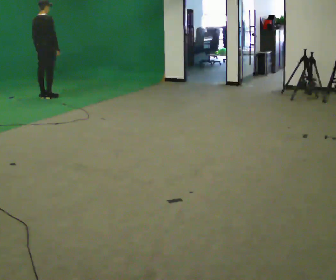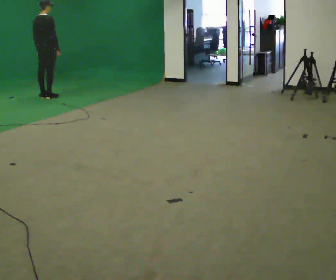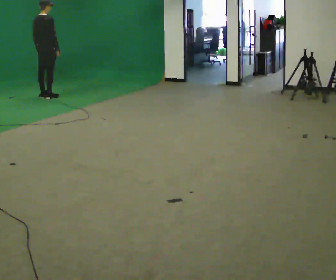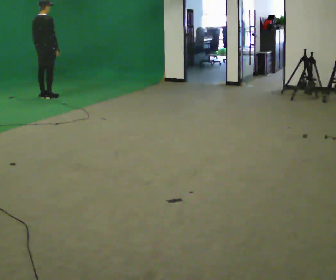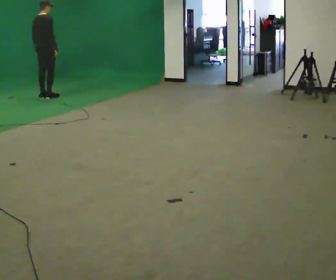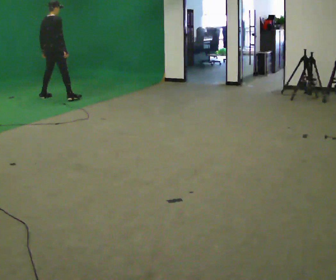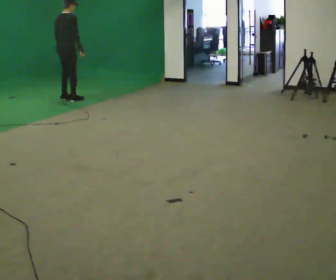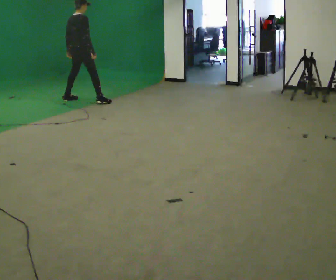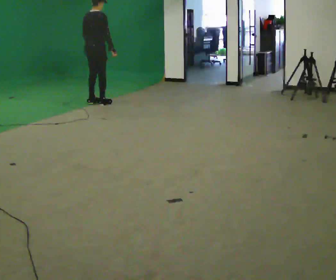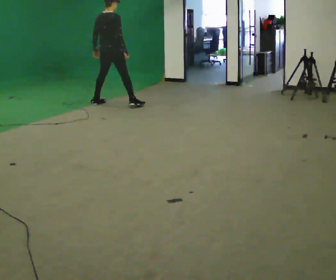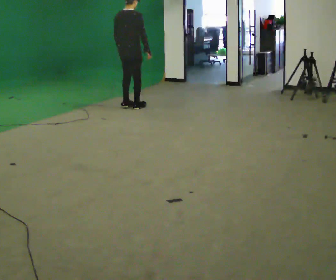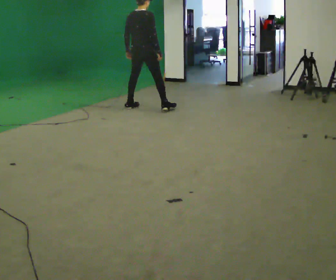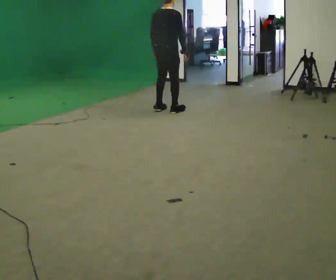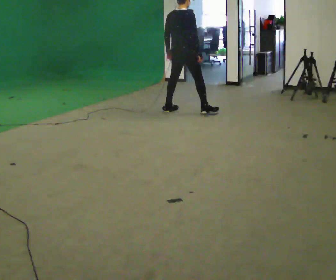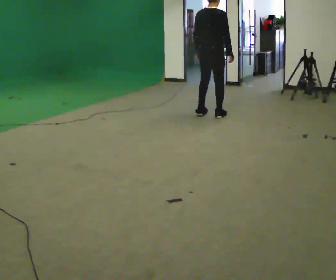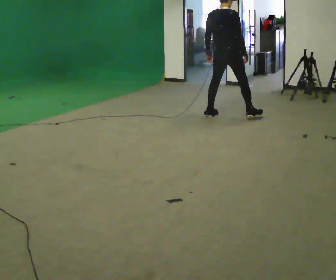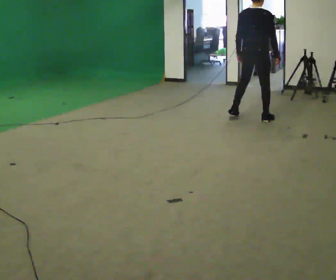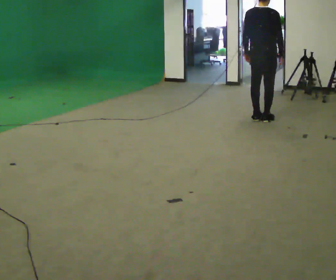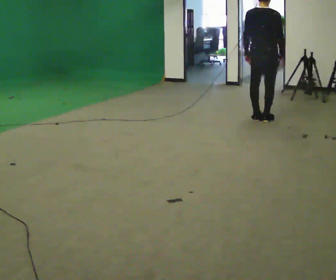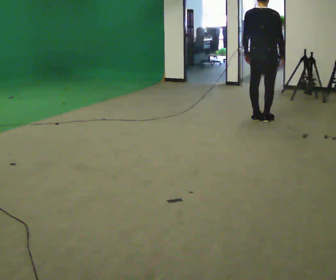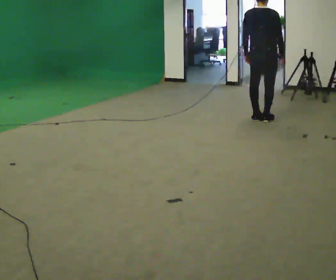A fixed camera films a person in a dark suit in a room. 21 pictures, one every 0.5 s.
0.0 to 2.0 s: The person moves a little, or ends about where they began.
2.0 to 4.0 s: In the picture they go to the right and toward the camera, about 1 m in 4 steps, which for them is to their right.
4.0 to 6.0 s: In the picture they go to the right and toward the camera, about 1 m in 3 steps, which for them is to their right.
6.0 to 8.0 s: In the picture they go to the right and toward the camera, about 1.5 m in 4 steps, which for them is to their right.
8.0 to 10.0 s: The person moves a little, or ends about where they began.
The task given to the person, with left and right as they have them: Move laterally left/right for ~3 m; natural controlled steps; stop.
The film runs forward here.
